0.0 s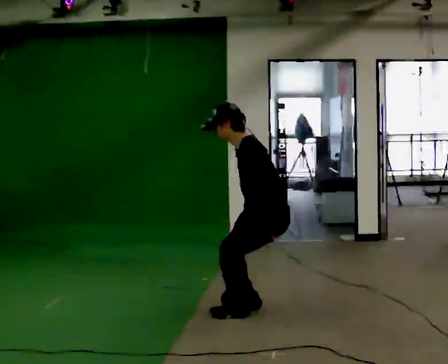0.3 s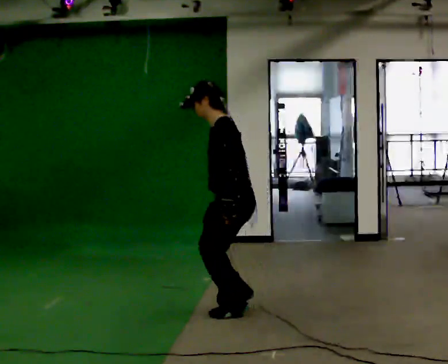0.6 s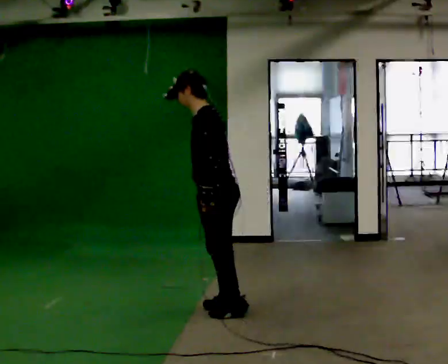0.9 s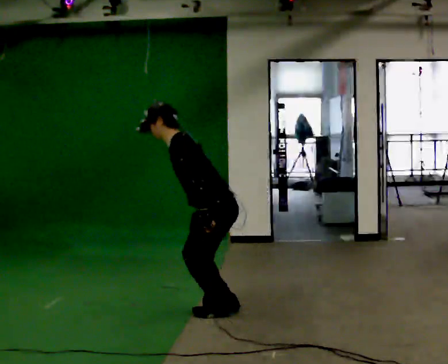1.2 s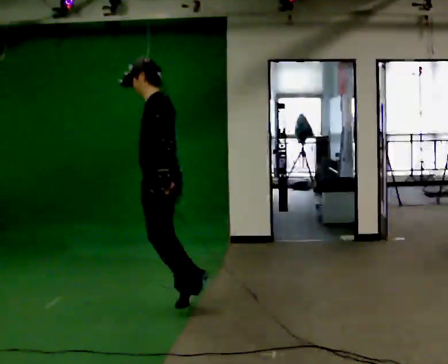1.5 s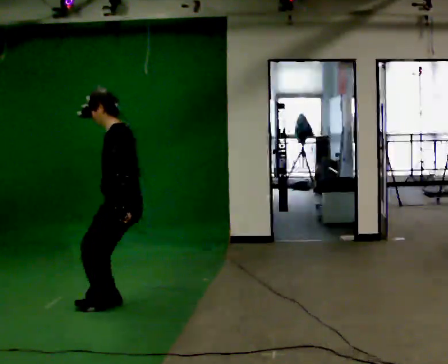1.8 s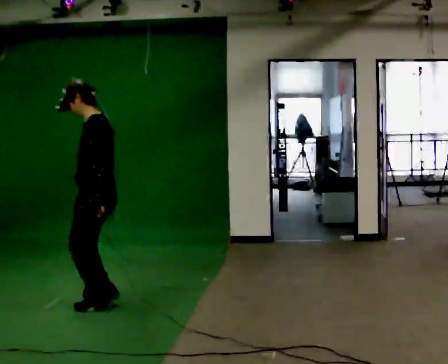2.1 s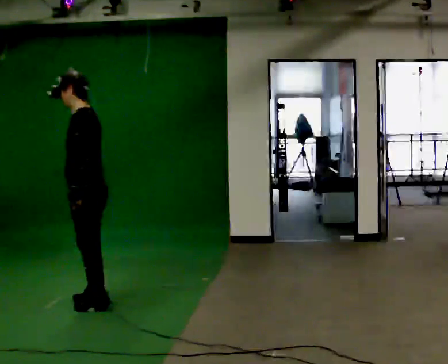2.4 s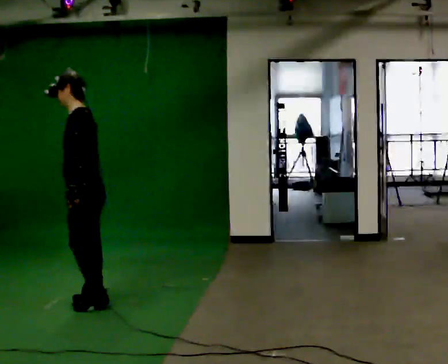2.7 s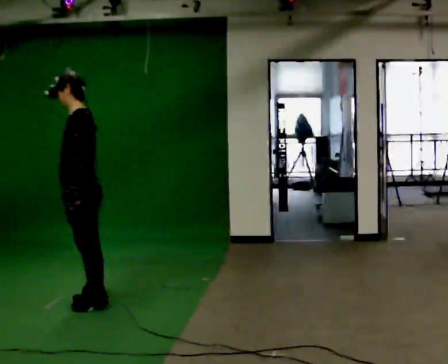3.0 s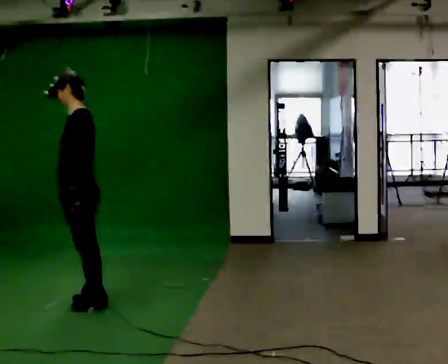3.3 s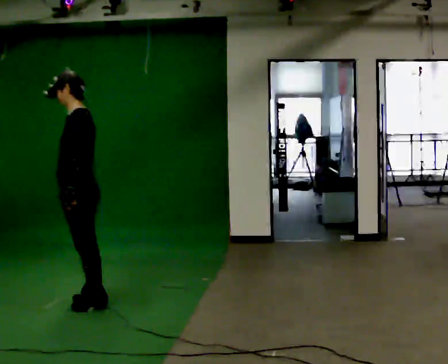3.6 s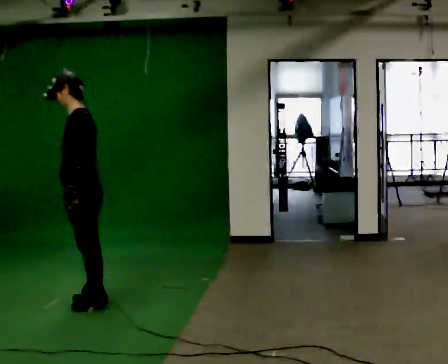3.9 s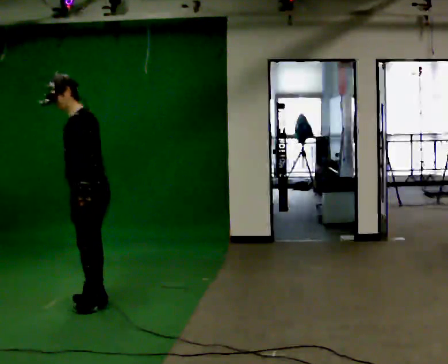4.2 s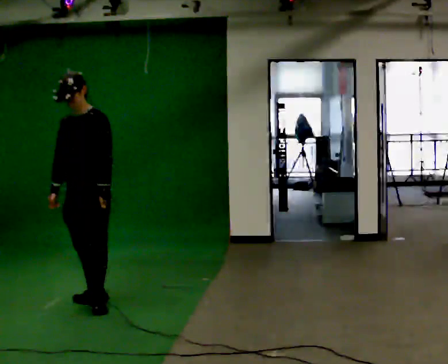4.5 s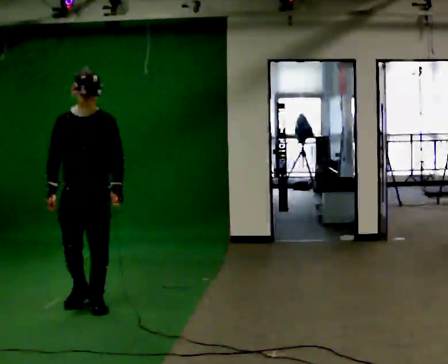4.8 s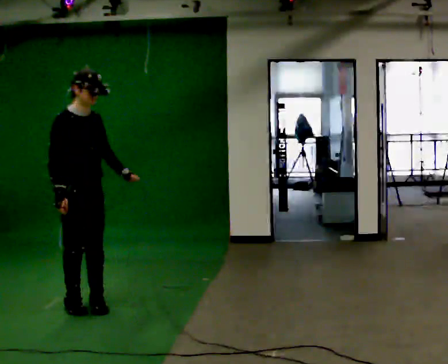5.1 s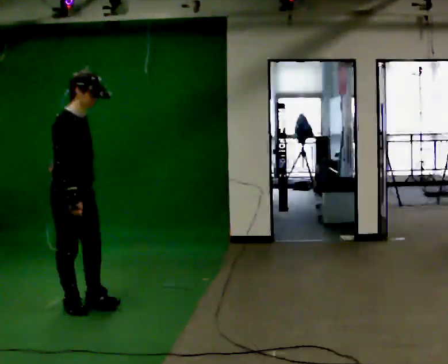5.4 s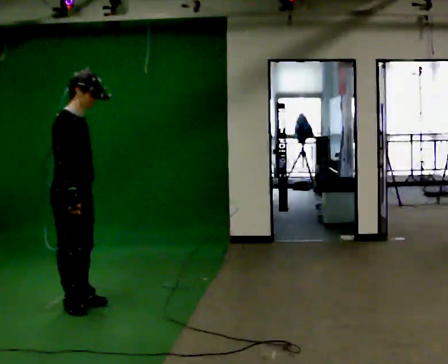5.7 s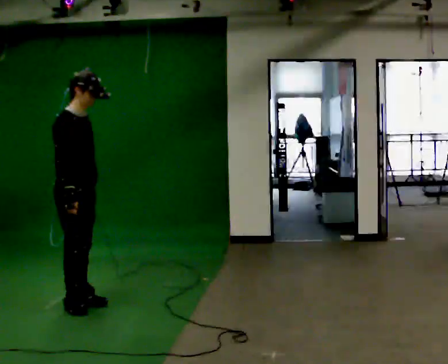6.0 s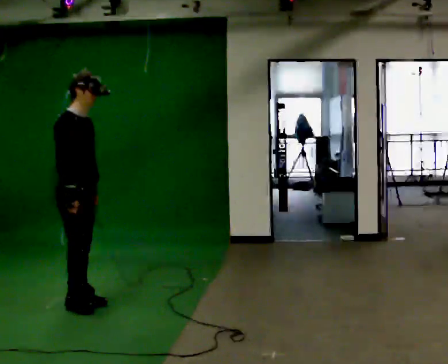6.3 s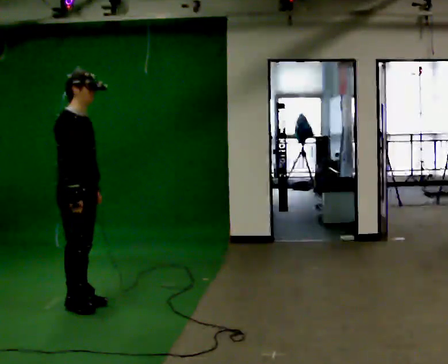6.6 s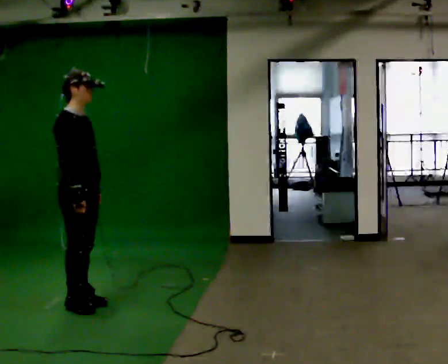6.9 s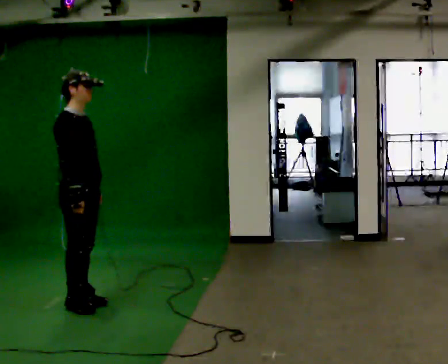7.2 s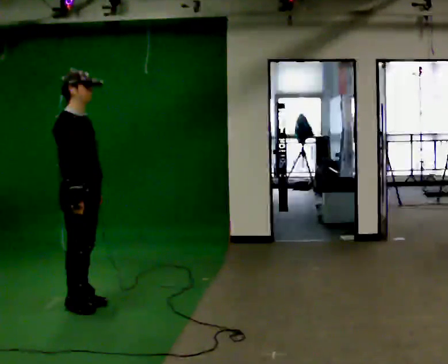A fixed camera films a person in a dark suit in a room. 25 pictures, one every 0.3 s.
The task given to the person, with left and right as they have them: Skip forward across the room at a comfortable pace.
0.0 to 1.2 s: In the picture they go to the left, about 0.5 m in 1 step, which for them is forward. In the picture their right hand goes upward.
1.2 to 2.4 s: In the picture they go to the left, about 0.5 m in 2 steps, which for them is forward.
2.4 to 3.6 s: The person moves a little, or ends about where they began.
3.6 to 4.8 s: The person turns about 135 degrees to their left, counterclockwise seen from above, so the part of the body nearest the lens slides to the right.
4.8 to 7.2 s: The person moves a little, or ends about where they began.
The film runs forward here.
